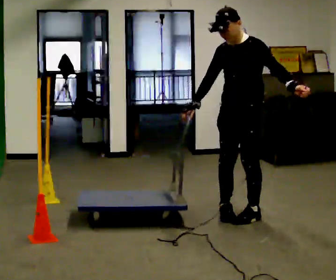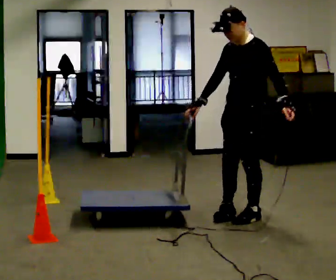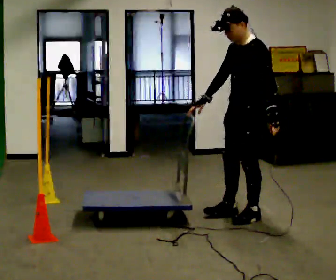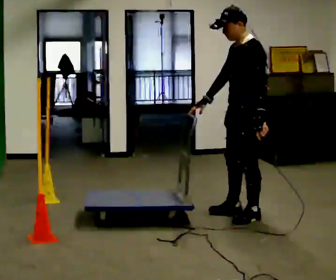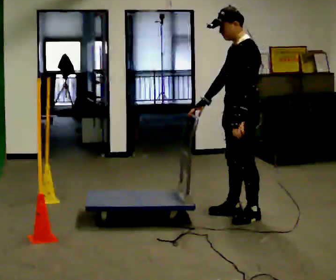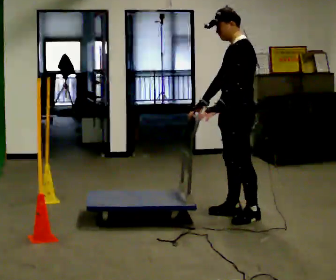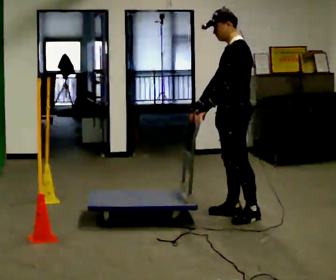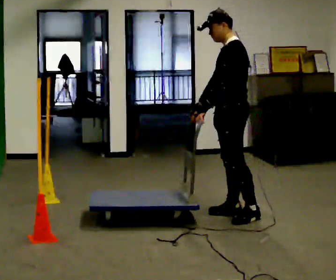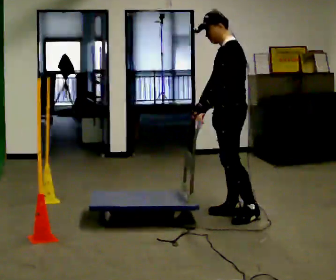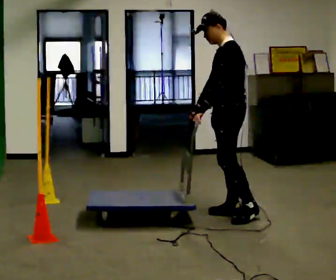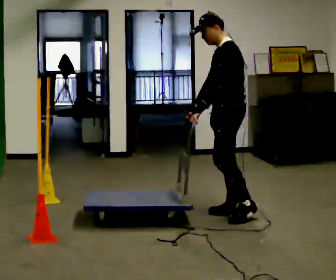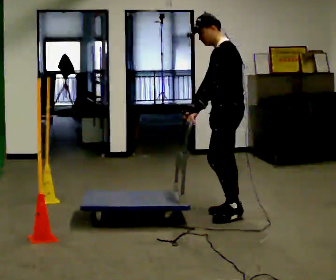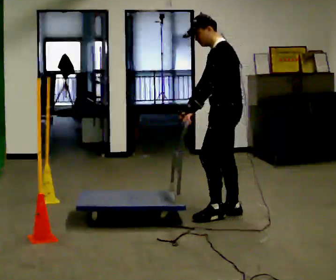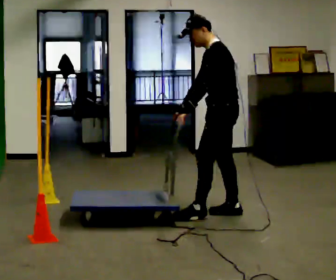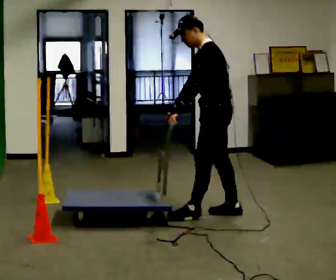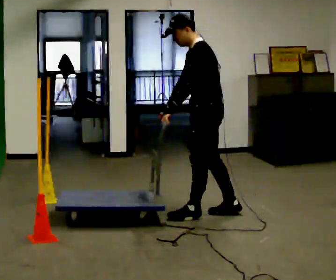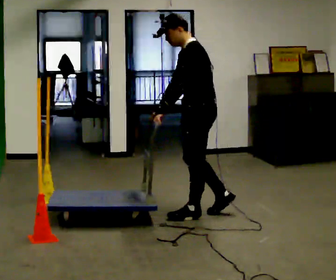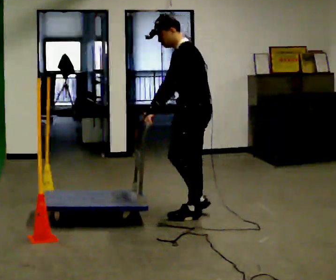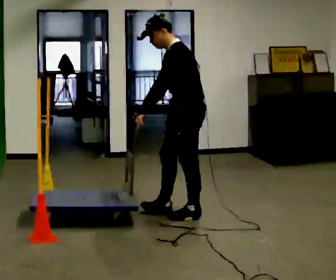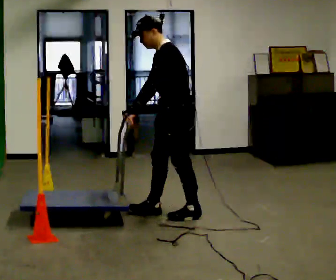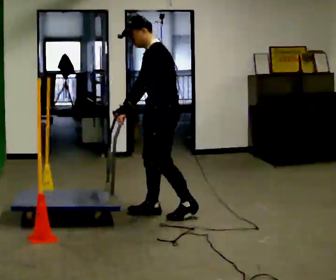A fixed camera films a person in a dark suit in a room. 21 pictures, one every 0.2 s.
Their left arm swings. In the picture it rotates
clockwise.
0.0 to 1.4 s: Seen from above the body turns clockwise, about 45 degrees: to their right, with its near side sliding to the left. In the picture their left hand goes to the left, the arm swinging clockwise.
1.4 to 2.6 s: The person moves a little, or ends about where they began.
2.6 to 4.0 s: In the picture they go to the left, about 0.5 m in 2 steps, which for them is forward.
The film runs forward here.
